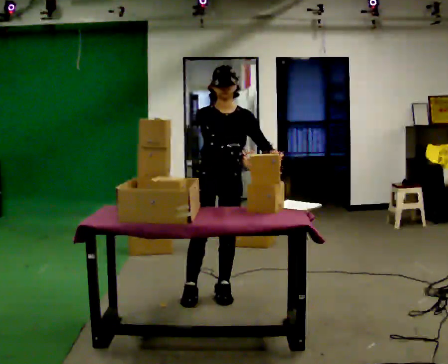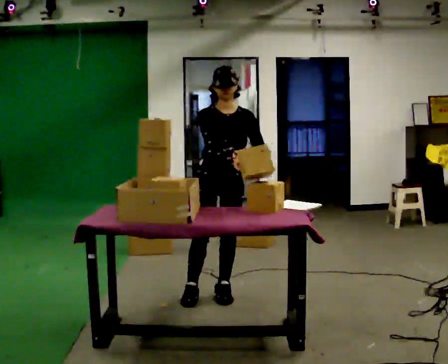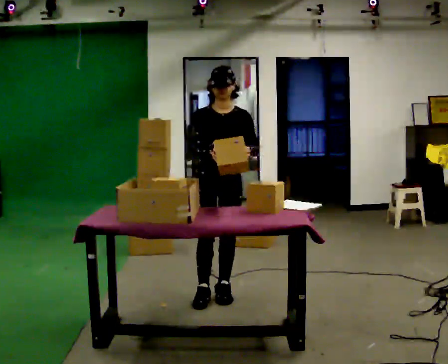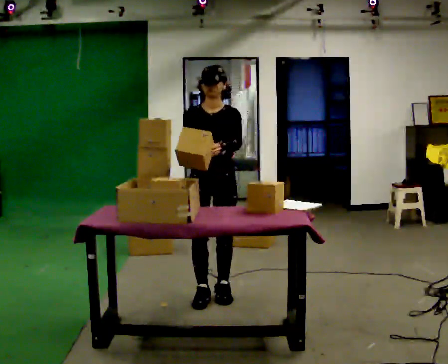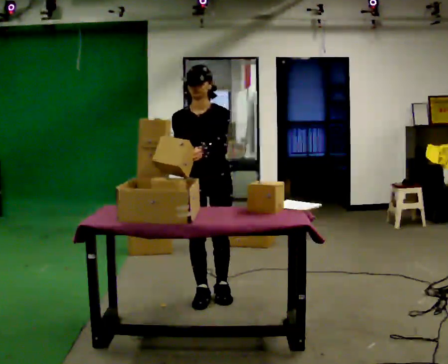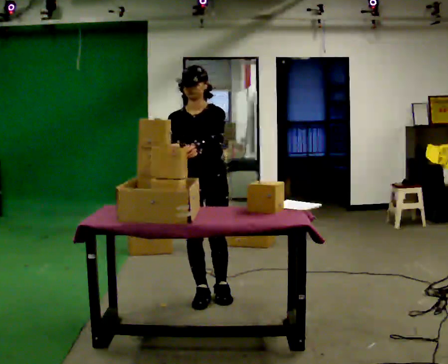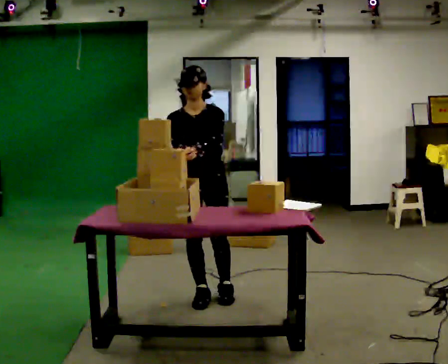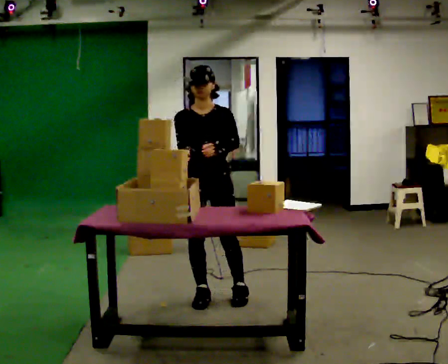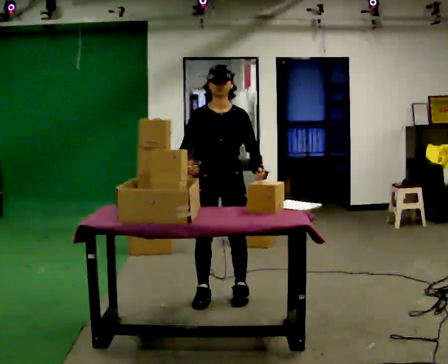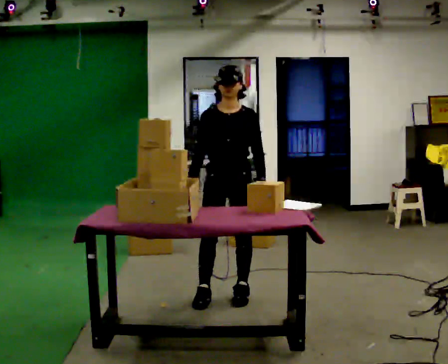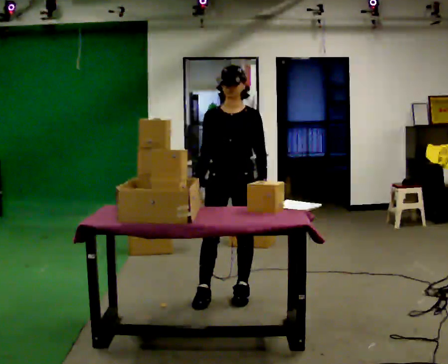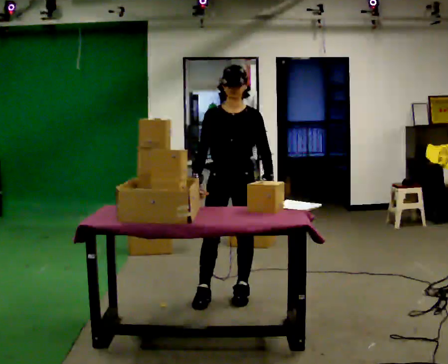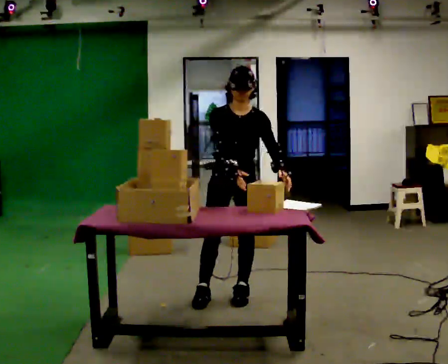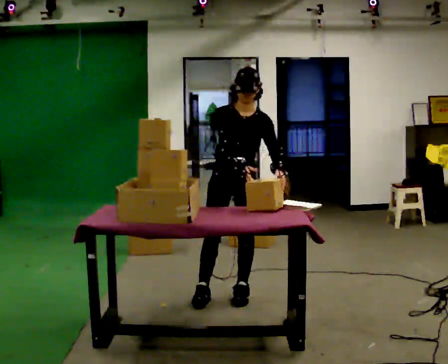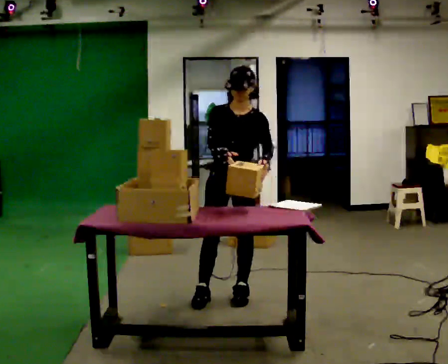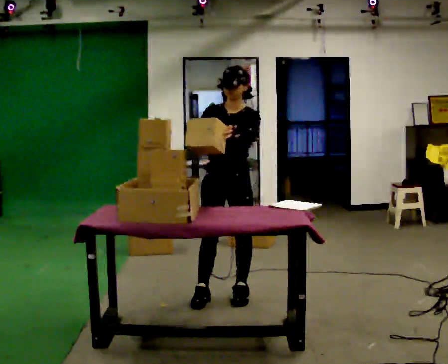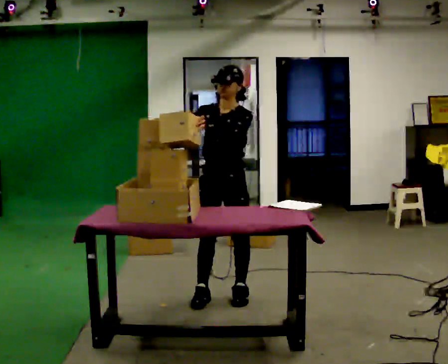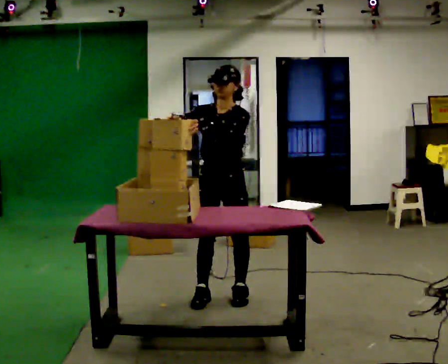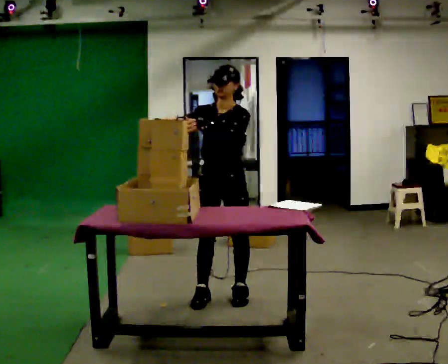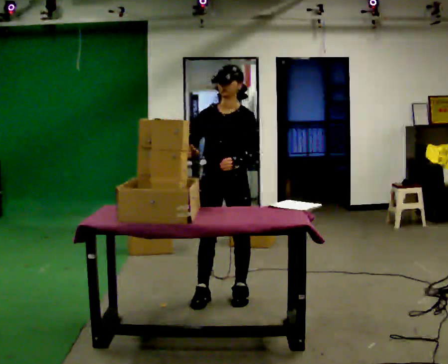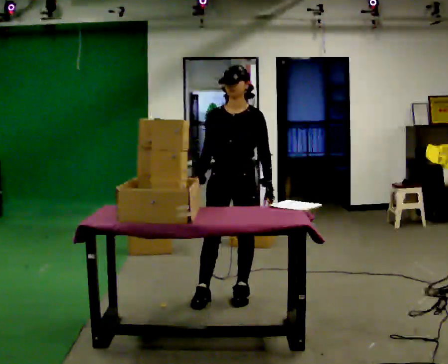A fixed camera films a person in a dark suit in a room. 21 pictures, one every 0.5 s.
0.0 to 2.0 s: In the picture their left hand goes to the left.
2.0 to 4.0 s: In the picture their left hand goes to the right.
4.0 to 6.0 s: The person moves a little, or ends about where they began.
6.0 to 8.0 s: In the picture their left hand goes to the left.
8.0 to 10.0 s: In the picture their left hand goes downward and to the right.
The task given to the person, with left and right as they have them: 1. Read the parts list. 2. Collect each part from the bins around the room. 3. Lay them out on the table in the order on the list. 4. Put them all in the carry case. 5. Tell the operator when you are finished.
The film runs forward here.
